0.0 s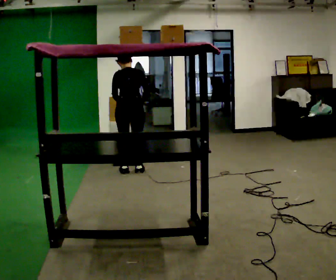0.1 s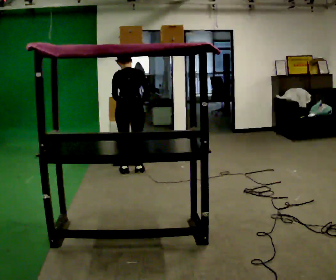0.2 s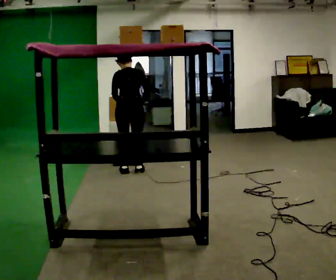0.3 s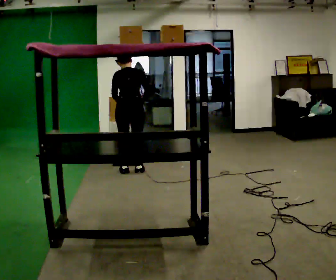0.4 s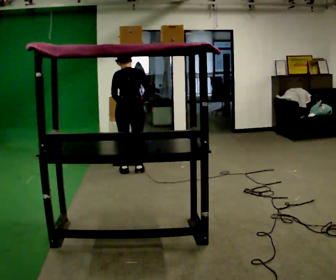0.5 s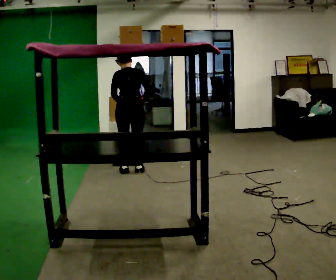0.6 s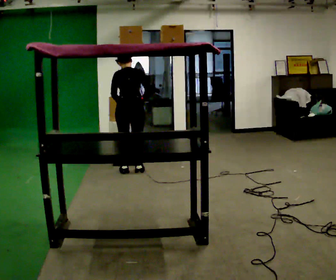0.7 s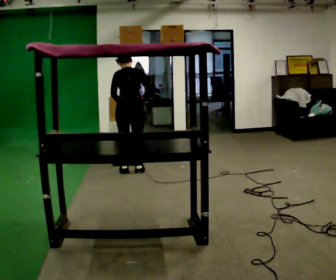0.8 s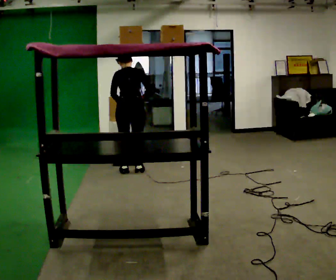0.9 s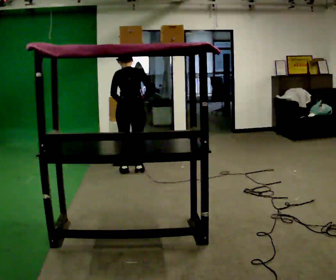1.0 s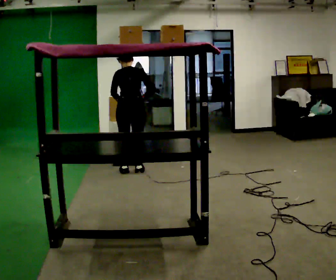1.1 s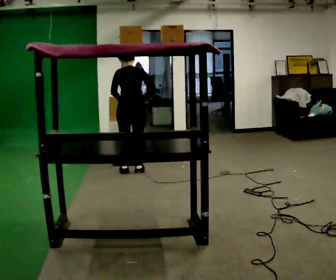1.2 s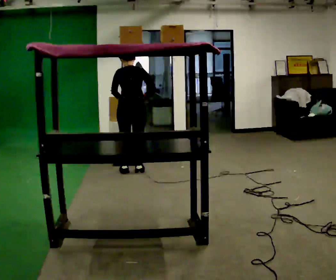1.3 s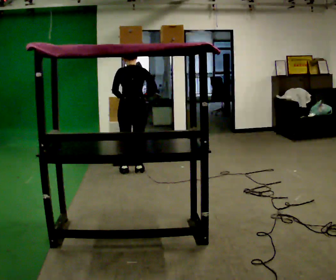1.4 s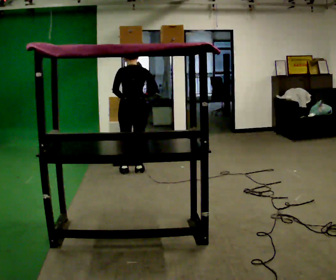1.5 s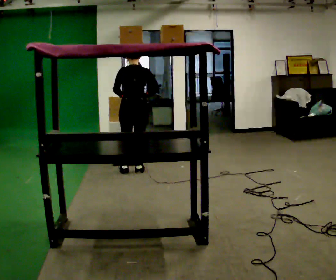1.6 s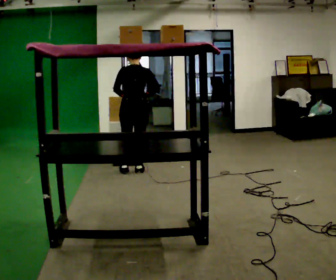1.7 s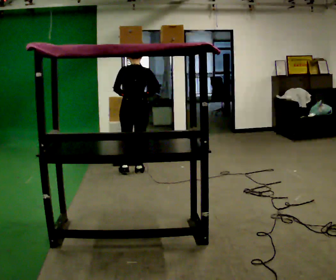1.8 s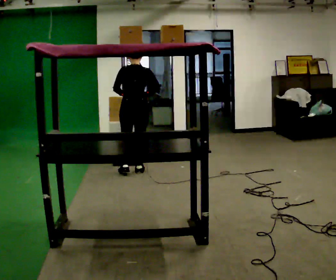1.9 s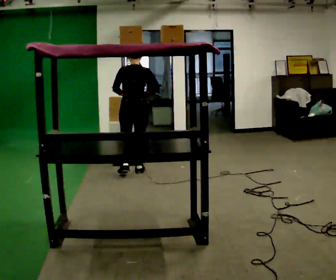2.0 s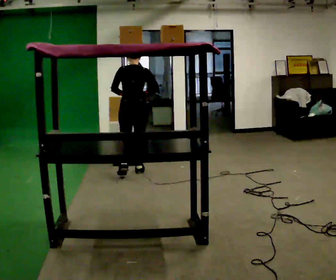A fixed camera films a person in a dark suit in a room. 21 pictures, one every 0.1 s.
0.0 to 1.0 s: The person moves a little, or ends about where they began.
1.0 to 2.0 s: The upper body tips toward the camera, its near side rolling downward, as they lean back or straighten.
The film runs backward here.
